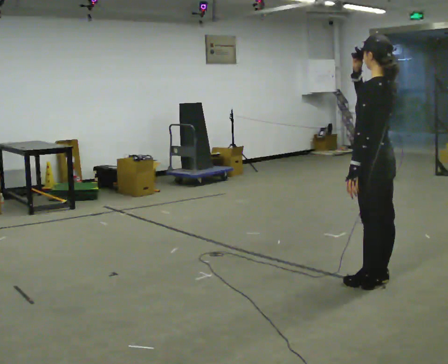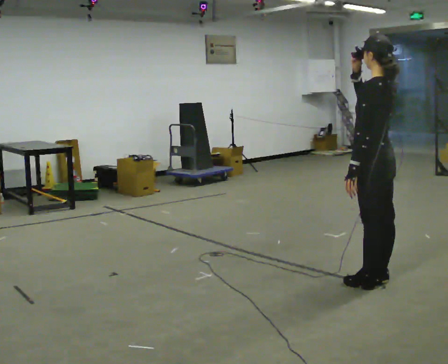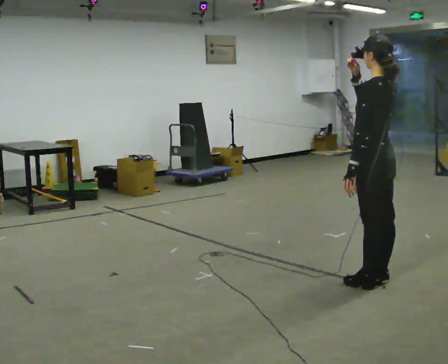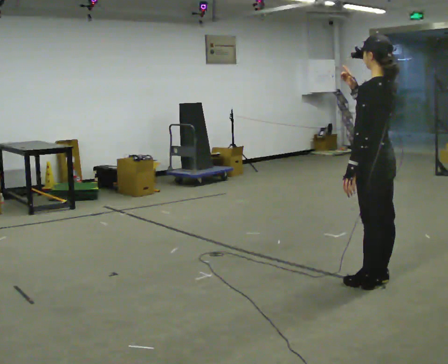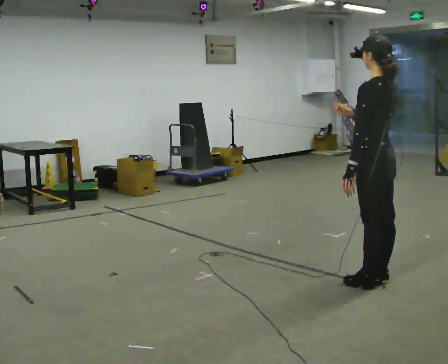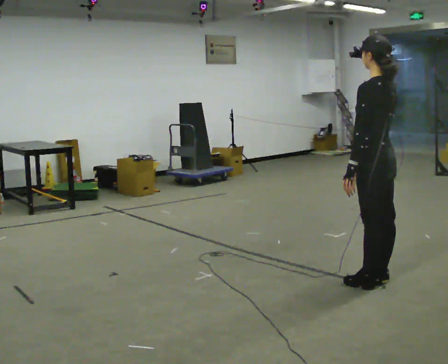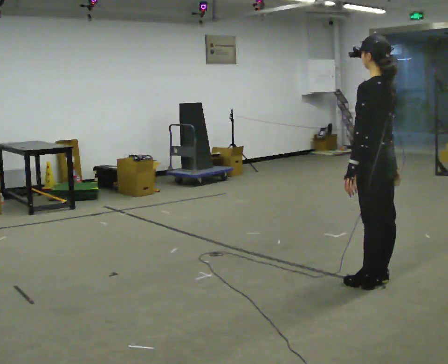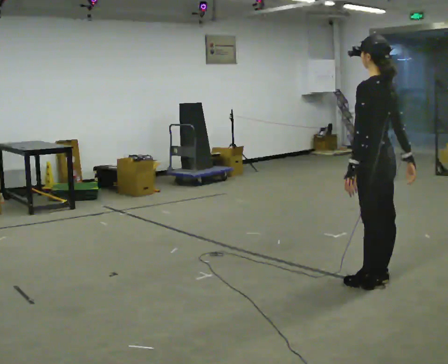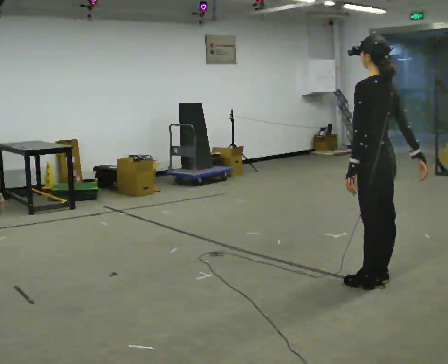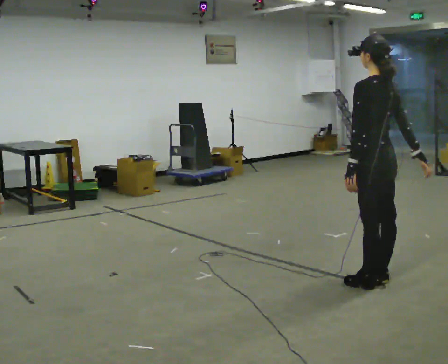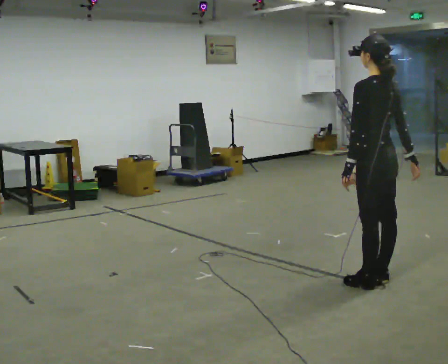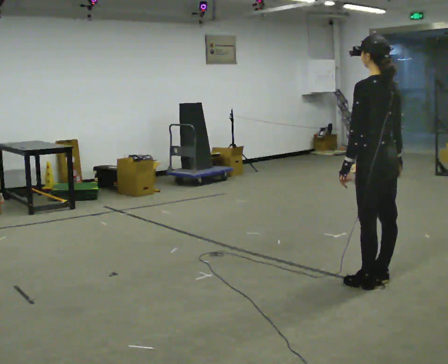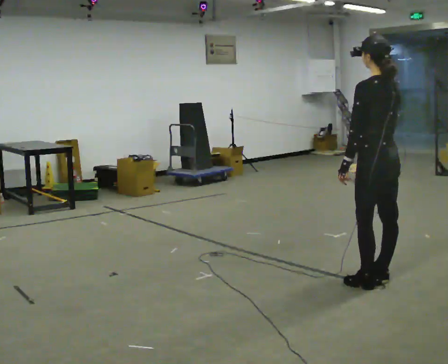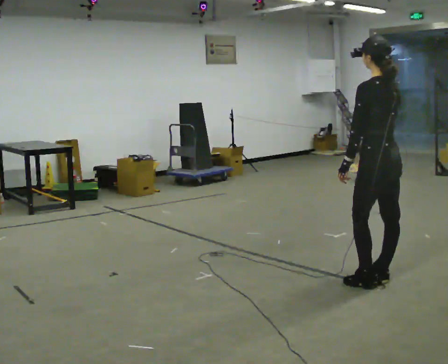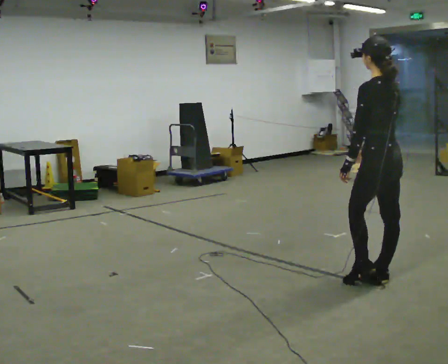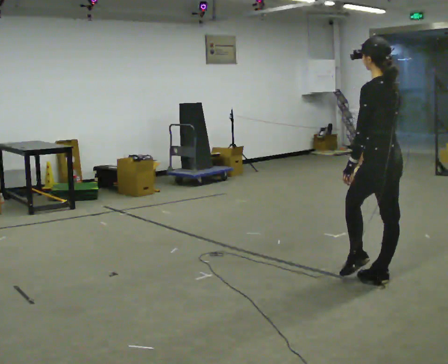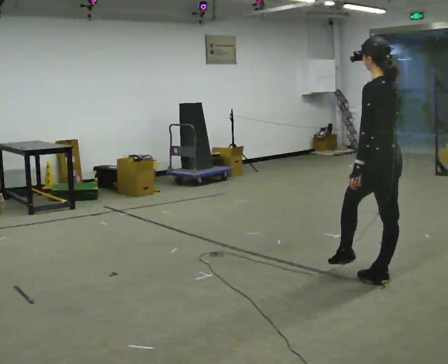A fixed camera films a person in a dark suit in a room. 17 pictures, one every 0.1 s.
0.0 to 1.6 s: In the picture their right hand goes downward.
The film runs forward here.
